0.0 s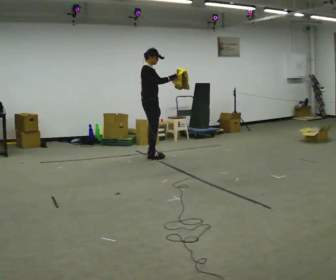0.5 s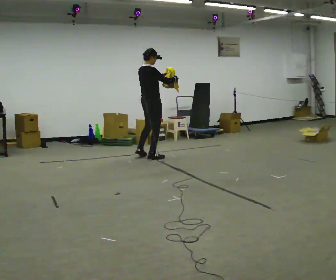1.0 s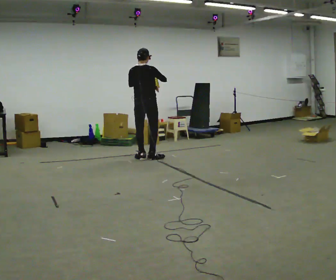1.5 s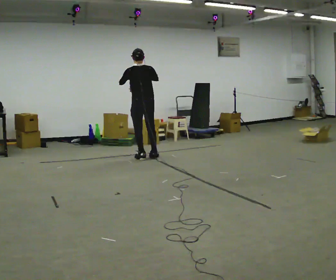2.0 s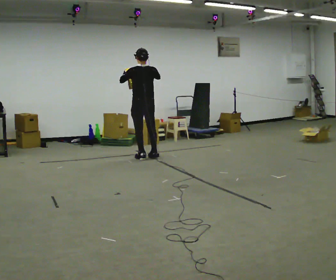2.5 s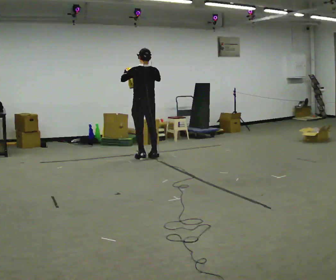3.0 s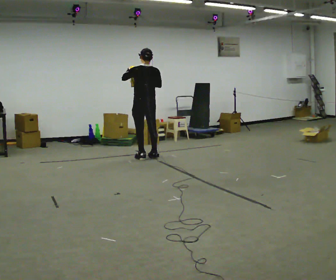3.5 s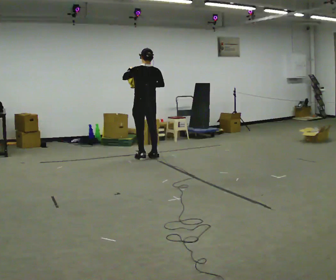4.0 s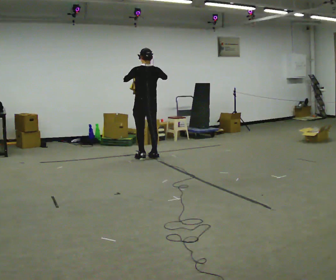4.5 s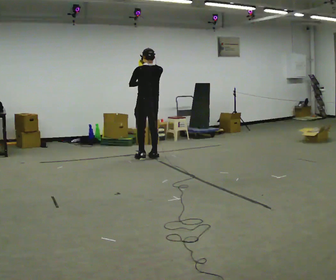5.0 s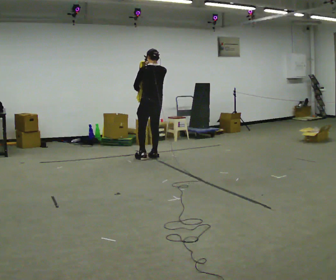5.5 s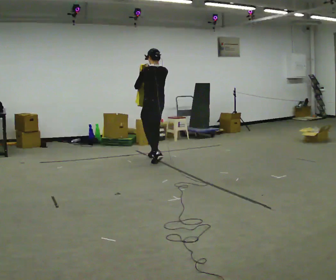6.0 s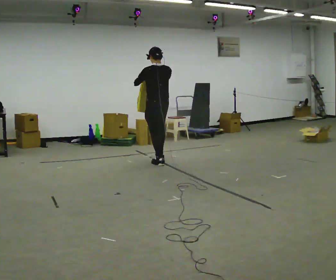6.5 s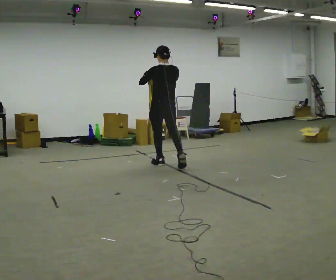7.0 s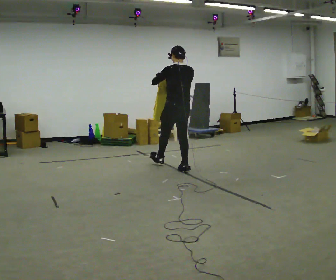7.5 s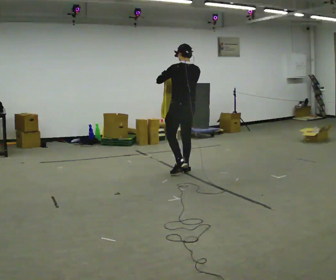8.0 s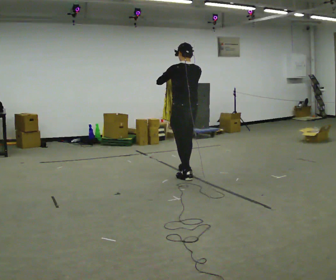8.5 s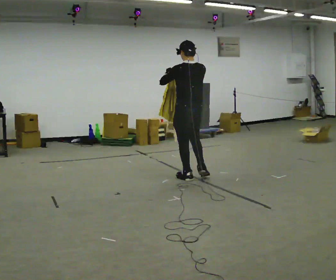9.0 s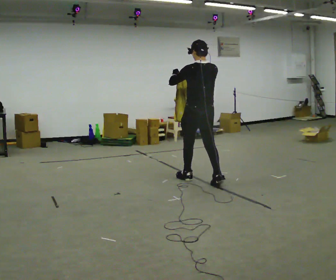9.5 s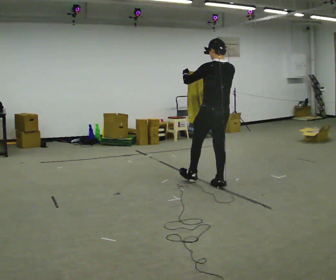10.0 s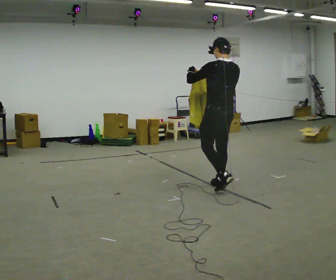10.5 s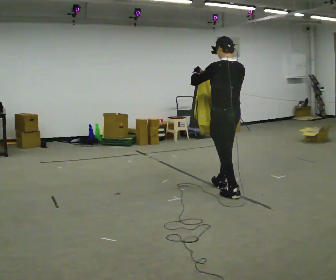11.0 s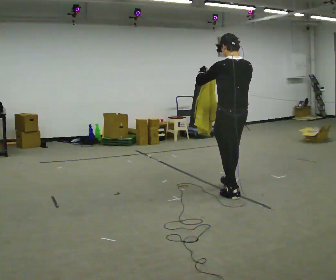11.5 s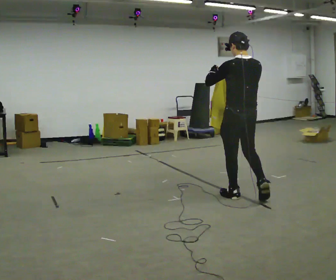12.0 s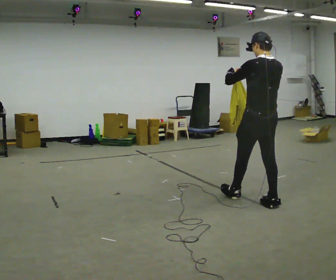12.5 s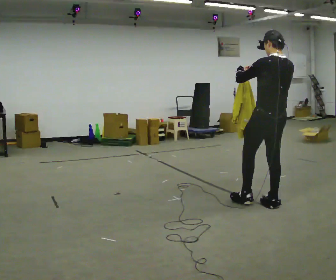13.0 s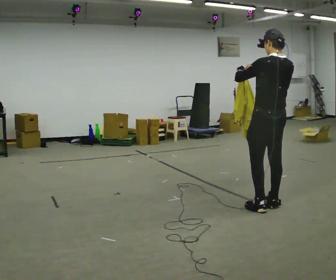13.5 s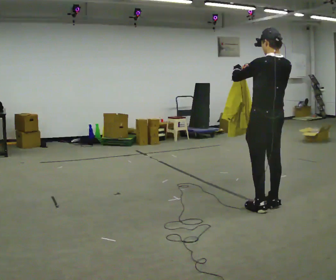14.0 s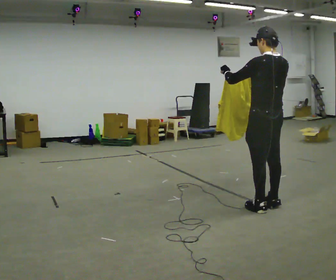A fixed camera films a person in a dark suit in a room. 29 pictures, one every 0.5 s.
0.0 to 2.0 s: Seen from above the body turns counterclockwise, about 120 degrees: to their left, with its near side sliding to the right. In the picture their left hand goes to the left.
2.0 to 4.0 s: The person moves a little, or ends about where they began.
4.0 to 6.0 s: In the picture they go toward the camera and to the right, about 0.5 m in 2 steps, which for them is backward.
6.0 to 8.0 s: In the picture they go toward the camera and to the right, about 1 m in 1 step, which for them is backward.
8.0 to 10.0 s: In the picture they go toward the camera and to the right, about 0.5 m in 2 steps, which for them is backward.
10.0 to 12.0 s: In the picture they go toward the camera and to the right, about 0.75 m in 1 step, which for them is backward.
12.0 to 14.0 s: In the picture they go toward the camera, about 0.25 m in 1 step, which for them is backward.
The film runs backward here.
